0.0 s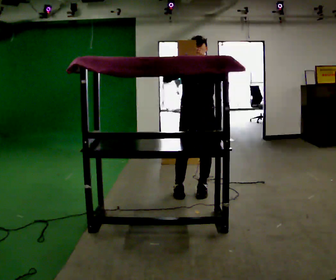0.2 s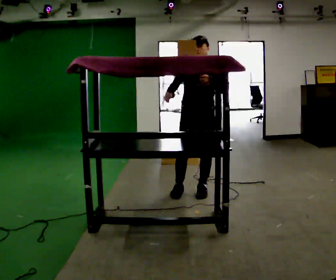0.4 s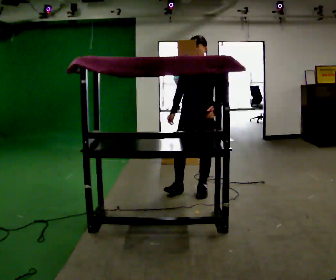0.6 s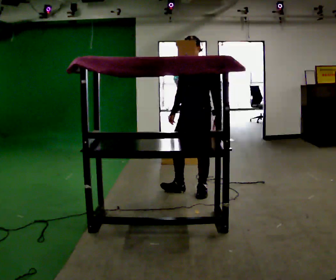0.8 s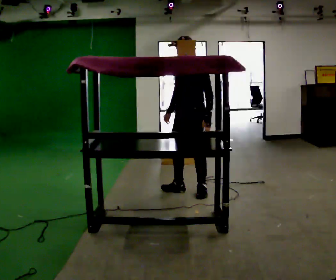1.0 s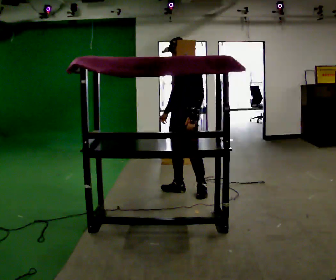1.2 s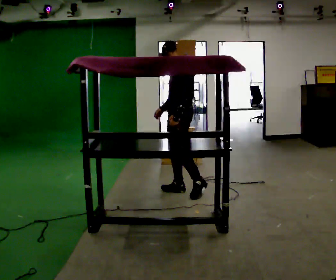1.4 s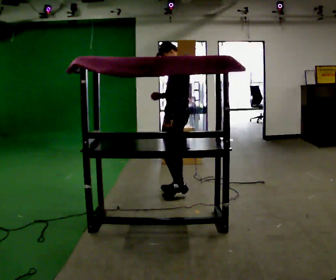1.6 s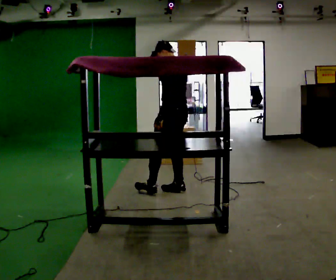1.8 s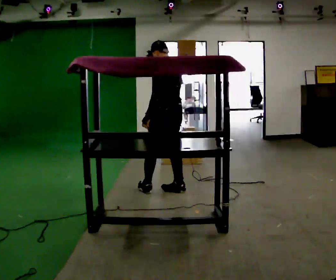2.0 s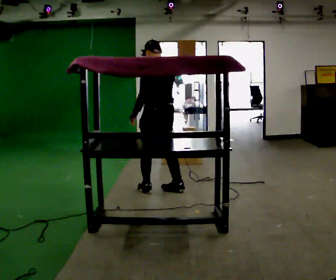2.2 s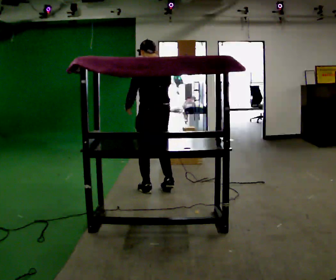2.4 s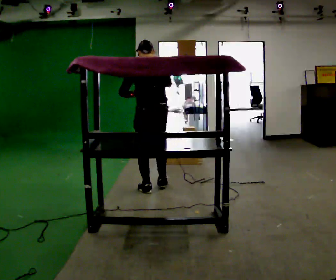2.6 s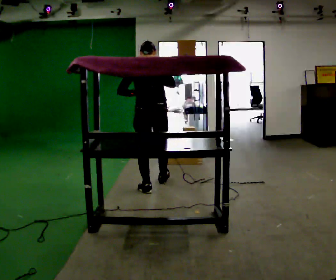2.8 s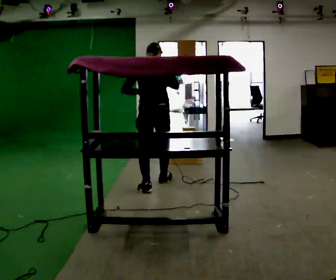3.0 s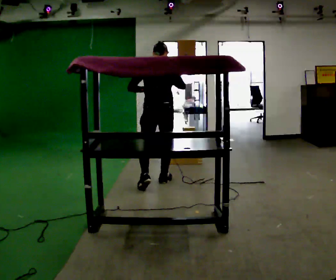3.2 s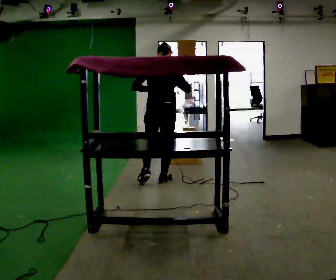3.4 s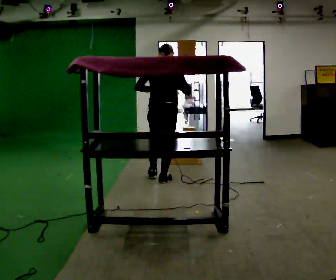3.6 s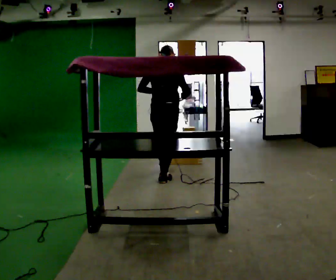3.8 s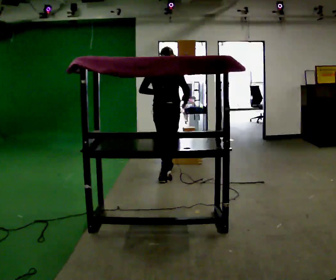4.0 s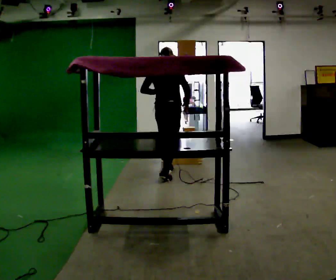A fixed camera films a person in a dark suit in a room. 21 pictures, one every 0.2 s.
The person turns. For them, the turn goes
to their right.
The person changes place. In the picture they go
away from the camera.
0.0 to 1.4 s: The person turns about 90 degrees to their right, clockwise seen from above, so the part of the body nearest the lens slides to the left. In the picture they go to the left, about 0.25 m.
1.4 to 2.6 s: The person turns about 75 degrees to their right, clockwise seen from above, so the part of the body nearest the lens slides to the left. In the picture they go to the left, about 0.25 m in 1 step.
2.6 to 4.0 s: The person turns about 30 degrees to their right, clockwise seen from above, so the part of the body nearest the lens slides to the left. In the picture they go away from the camera, about 0.75 m in 2 steps, which for them is forward. In the picture their right hand goes downward.
The film runs forward here.
